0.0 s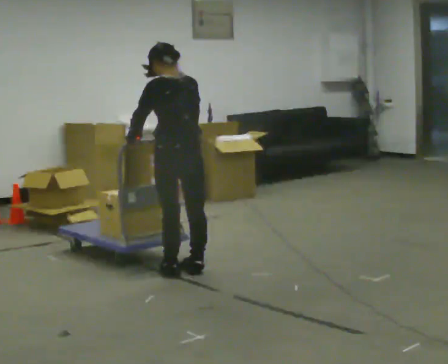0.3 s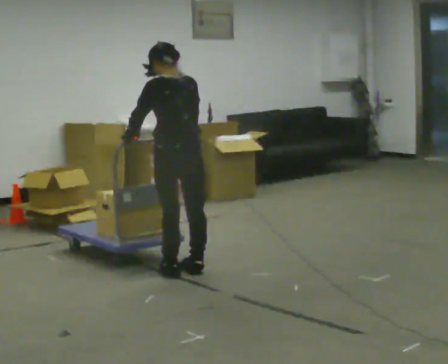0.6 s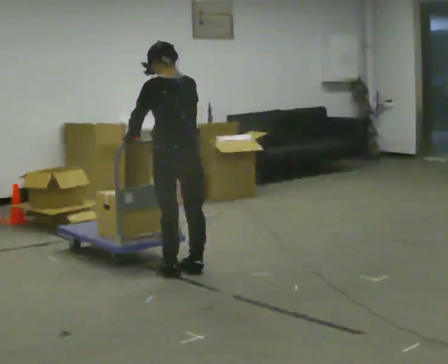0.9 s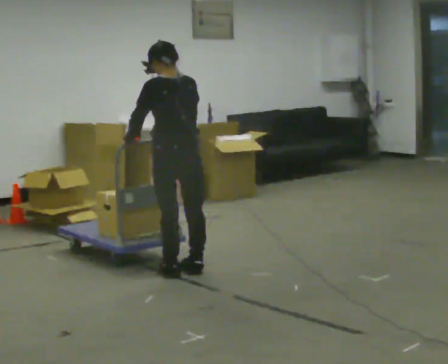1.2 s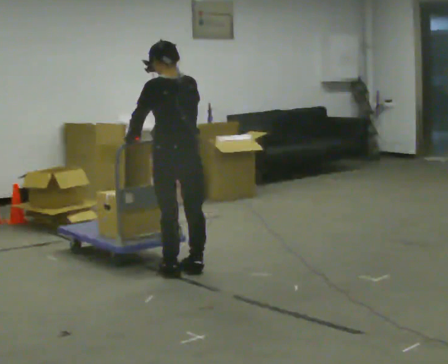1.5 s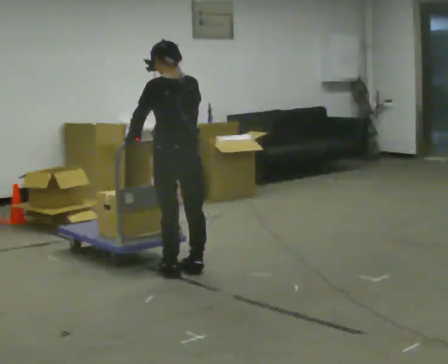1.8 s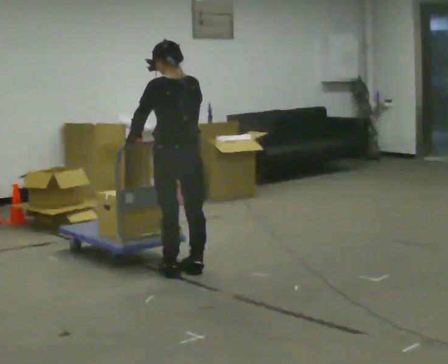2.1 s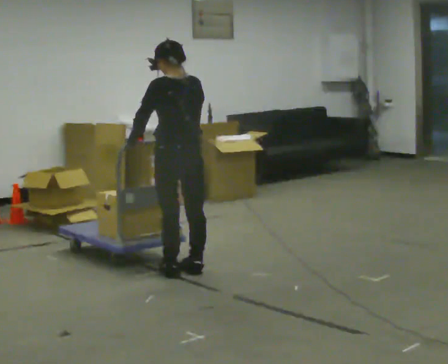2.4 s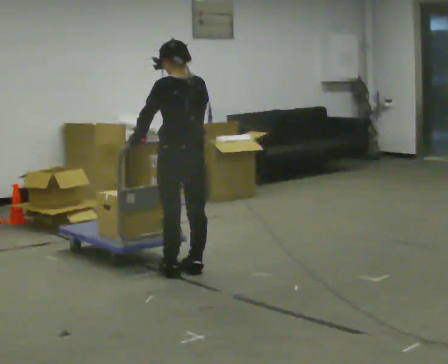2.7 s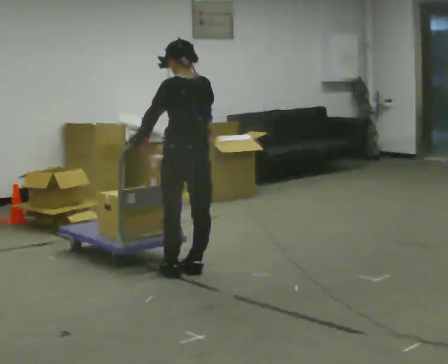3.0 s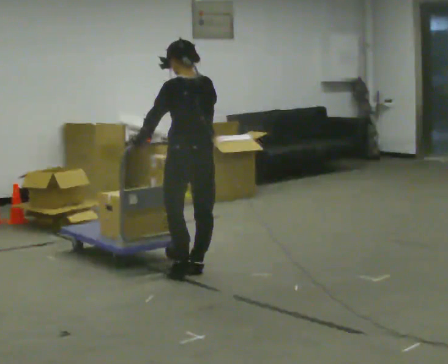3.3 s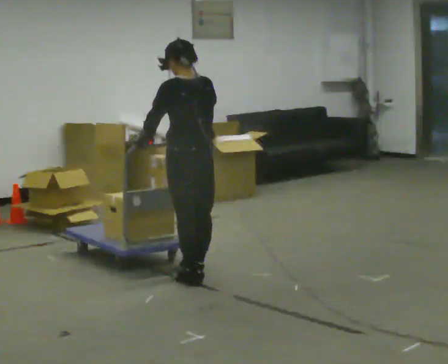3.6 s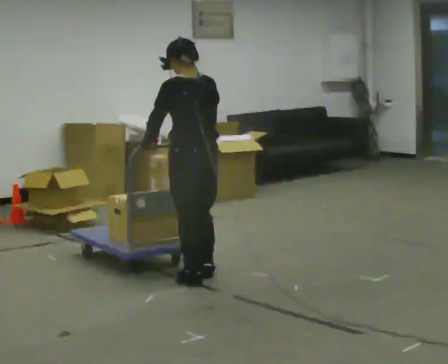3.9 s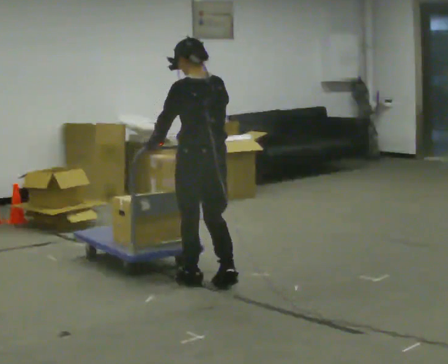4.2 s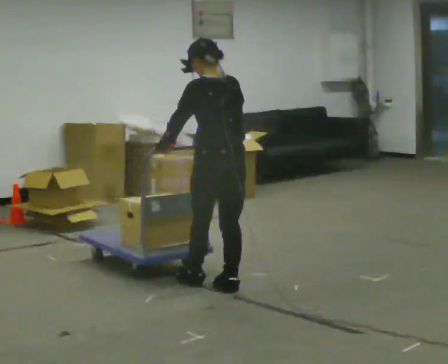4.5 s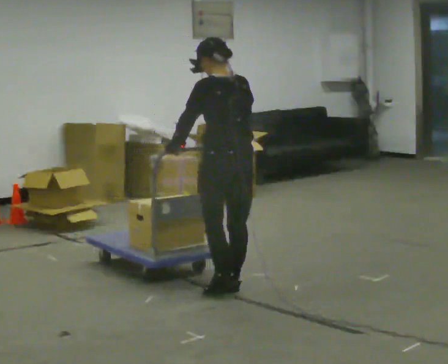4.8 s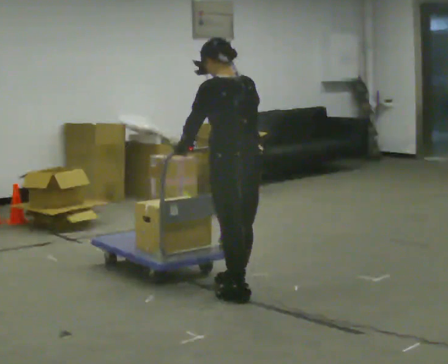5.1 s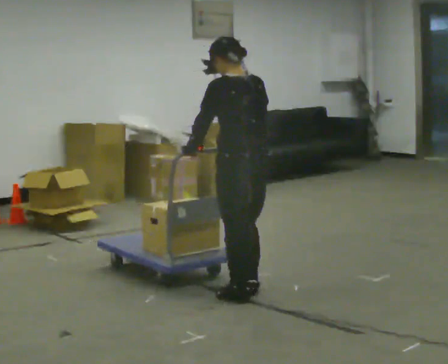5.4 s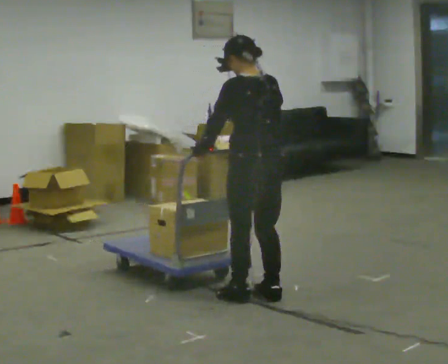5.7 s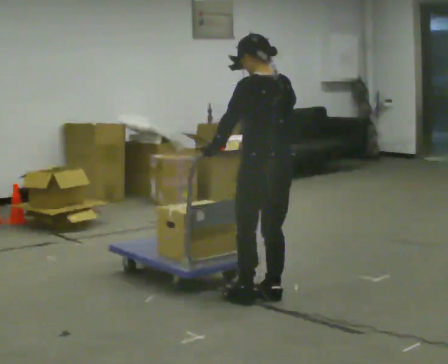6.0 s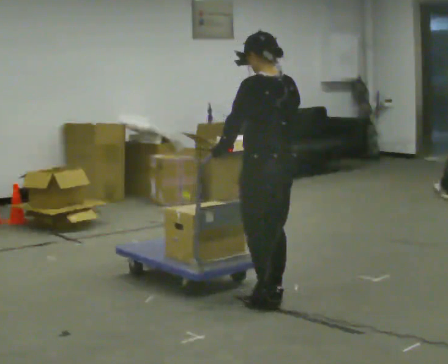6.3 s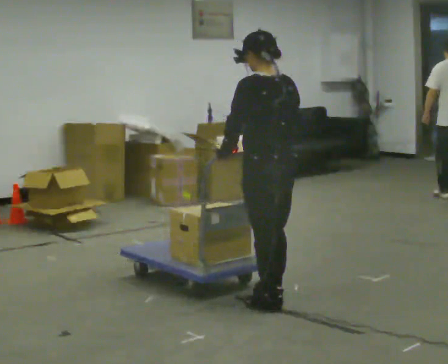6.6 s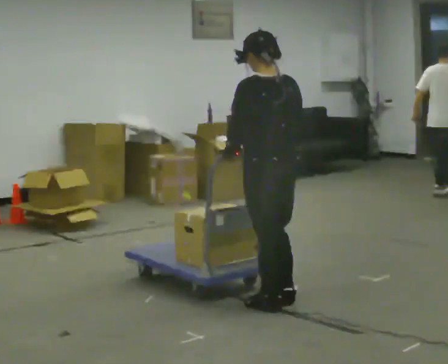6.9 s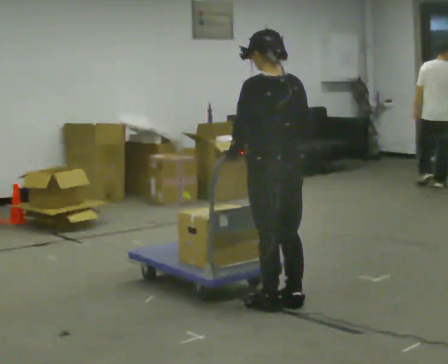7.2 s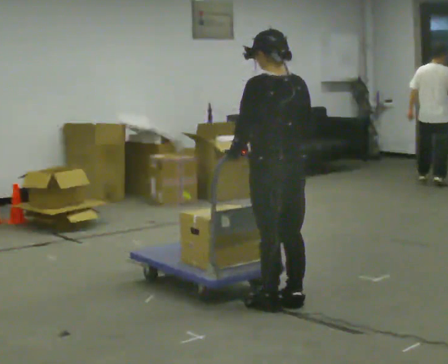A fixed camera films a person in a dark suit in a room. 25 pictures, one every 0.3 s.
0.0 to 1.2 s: The person keeps their place and pose.
1.2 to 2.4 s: The person moves a little, or ends about where they began.
2.4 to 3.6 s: In the picture they go toward the camera, about 0.25 m in 1 step, which for them is backward.
3.6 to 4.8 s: In the picture they go toward the camera and to the right, about 0.5 m in 2 steps, which for them is backward.
4.8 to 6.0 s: In the picture they go to the right, about 0.25 m in 2 steps, which for them is backward.
6.0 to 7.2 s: The person moves a little, or ends about where they began.
The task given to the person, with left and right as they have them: Get the cart into the marked parking space and lined up with the tape. Take as many adjustments as you need. Then take it out again and repeat.
The film runs forward here.
